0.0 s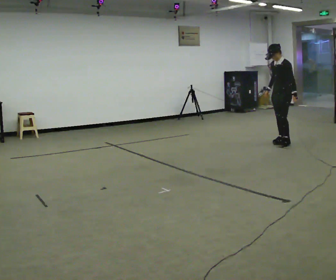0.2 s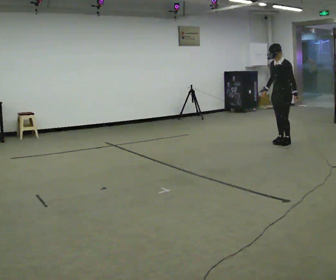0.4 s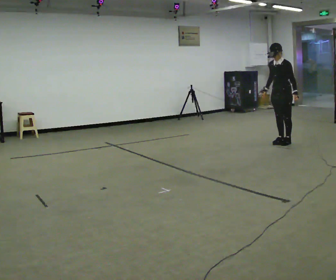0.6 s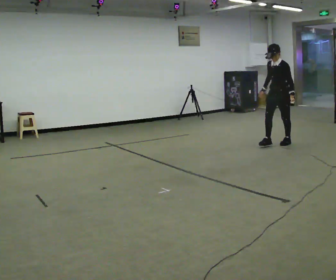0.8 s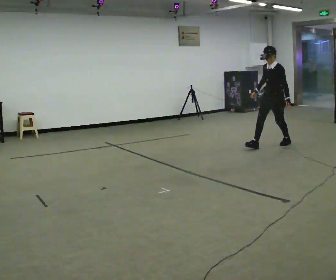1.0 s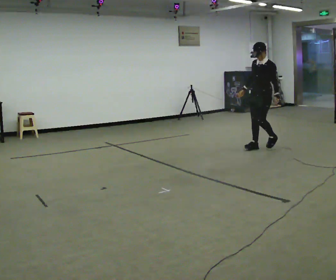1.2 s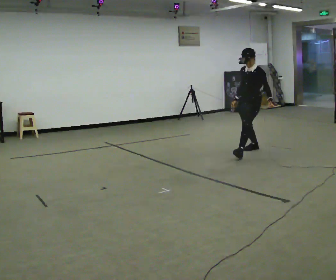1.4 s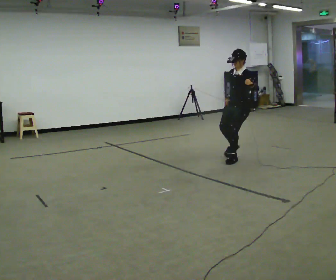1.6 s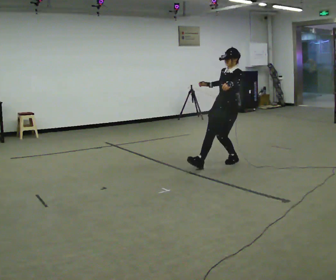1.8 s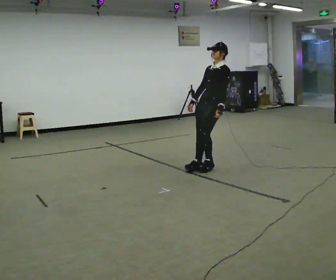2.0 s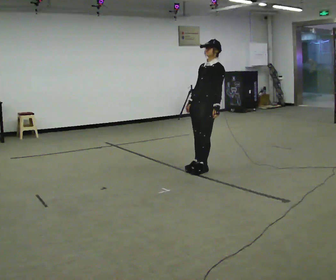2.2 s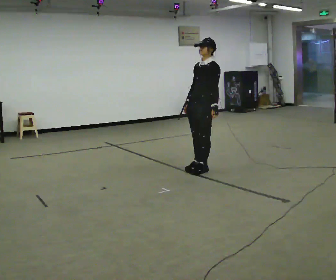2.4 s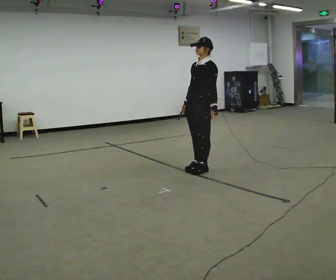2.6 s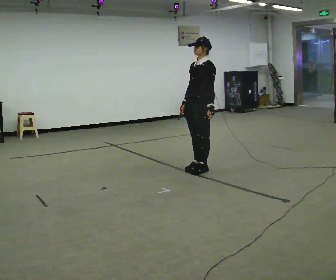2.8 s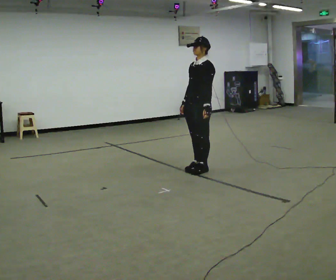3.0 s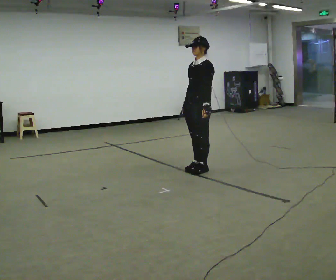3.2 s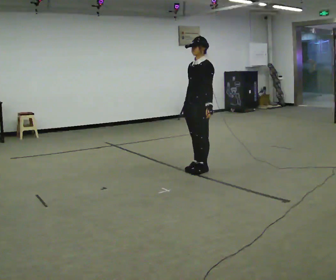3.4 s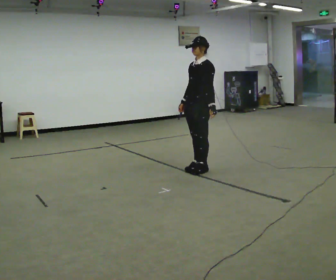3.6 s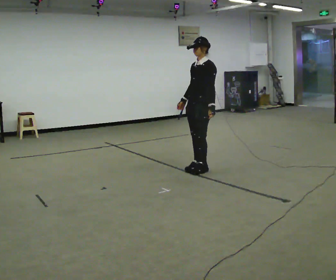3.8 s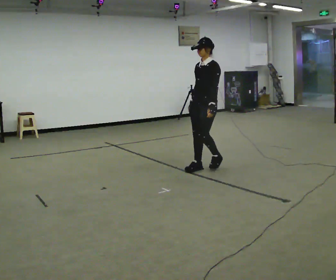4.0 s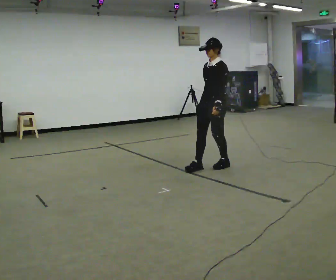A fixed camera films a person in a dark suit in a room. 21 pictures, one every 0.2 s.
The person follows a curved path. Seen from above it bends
counterclockwise.
0.0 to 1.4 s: In the picture they go toward the camera and to the left, about 1 m in 3 steps, which for them is forward.
1.4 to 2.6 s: In the picture they go toward the camera and to the left, about 1 m in 1 step, which for them is forward.
2.6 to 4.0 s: The person moves a little, or ends about where they began.
The film runs backward here.
